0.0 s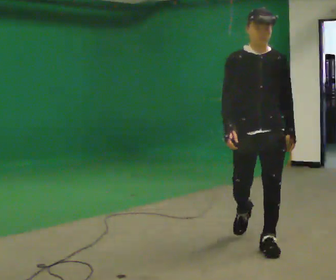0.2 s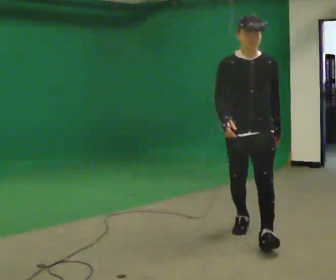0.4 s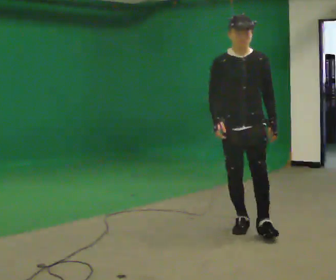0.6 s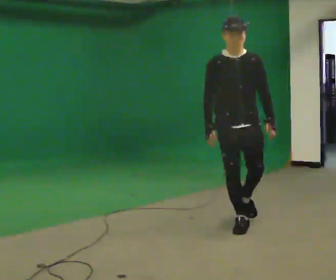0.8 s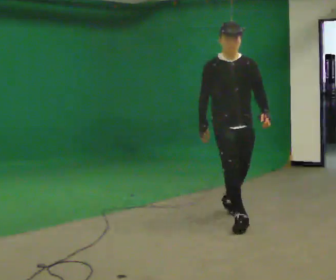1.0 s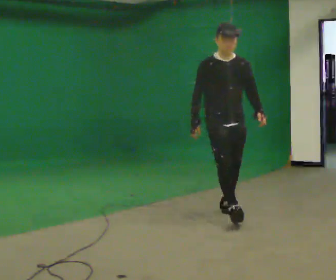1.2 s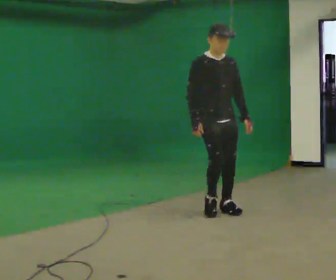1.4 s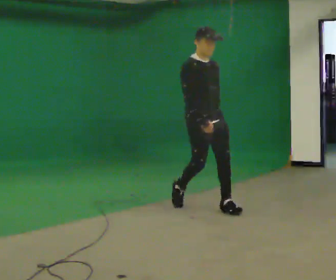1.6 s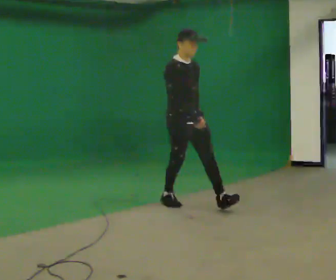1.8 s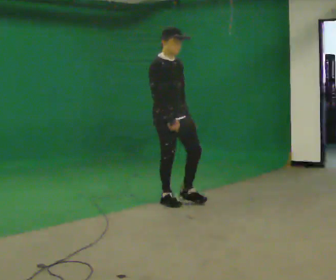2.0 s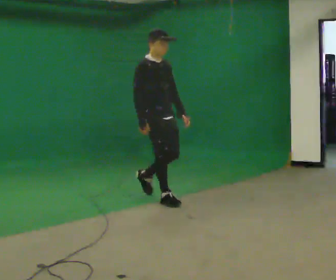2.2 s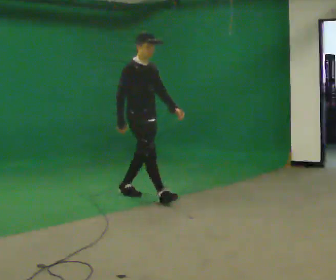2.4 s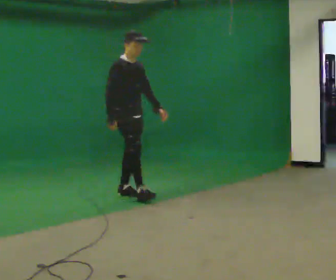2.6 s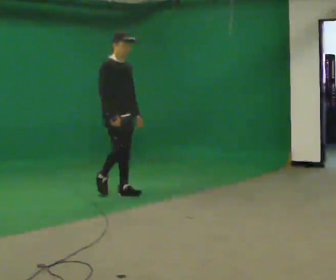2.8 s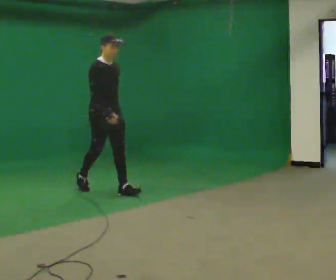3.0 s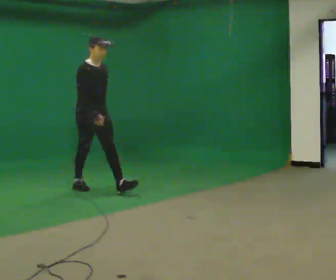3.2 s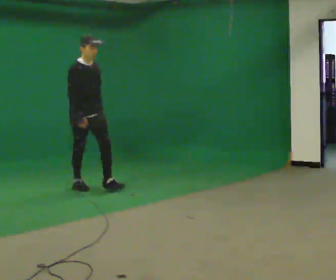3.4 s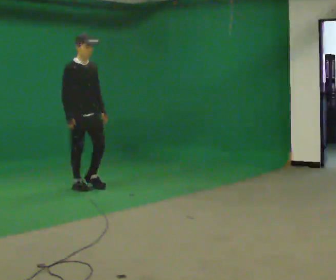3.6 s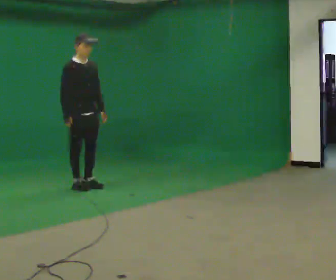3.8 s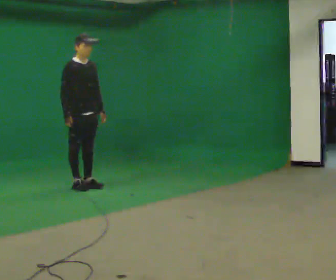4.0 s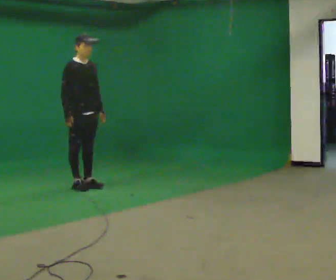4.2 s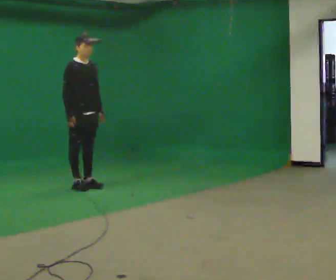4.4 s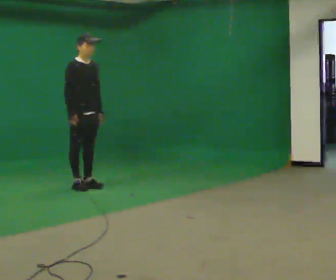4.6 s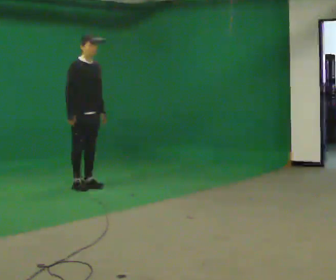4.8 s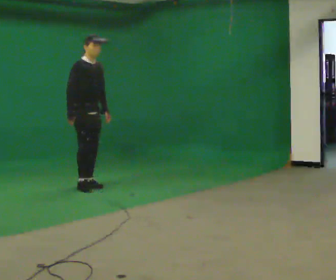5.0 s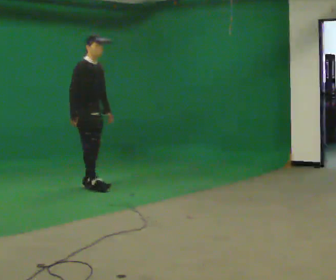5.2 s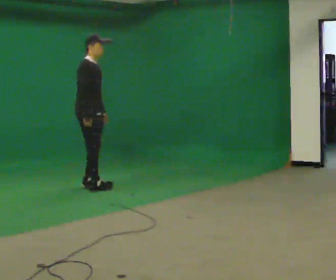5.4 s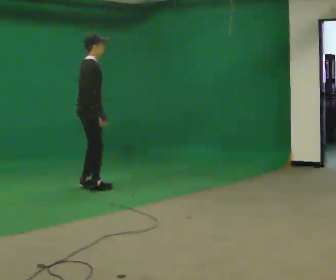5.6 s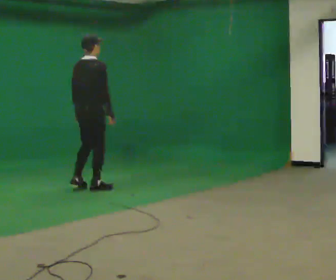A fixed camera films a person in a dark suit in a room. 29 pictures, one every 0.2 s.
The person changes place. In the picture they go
away from the camera.
0.0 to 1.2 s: Seen from above the body turns counterclockwise, about 30 degrees: to their left, with its near side sliding to the right. In the picture they go away from the camera, about 1 m in 2 steps, which for them is backward.
1.2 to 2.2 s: The part of the body nearest the lens slides to the right as the person turns to their left by about 30 degrees. In the picture they go away from the camera and to the left, about 1 m in 1 step, which for them is backward.
2.2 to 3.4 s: In the picture they go to the left and away from the camera, about 1 m in 2 steps, which for them is backward.
3.4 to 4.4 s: The person moves a little, or ends about where they began.
4.4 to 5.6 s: The person turns about 90 degrees to their left, counterclockwise seen from above, so the part of the body nearest the lens slides to the right. In the picture they go toward the camera, about 0.25 m in 2 steps.
The film runs backward here.
